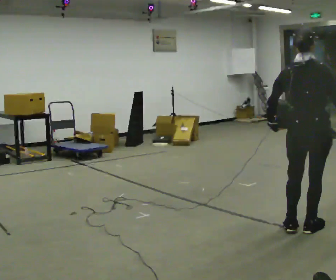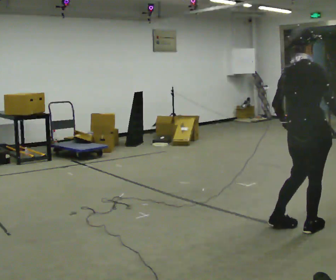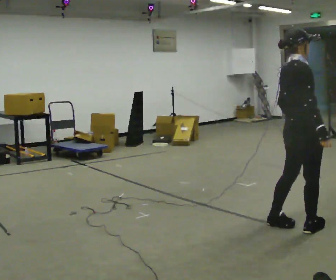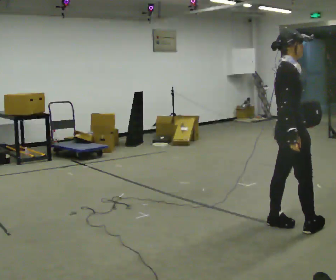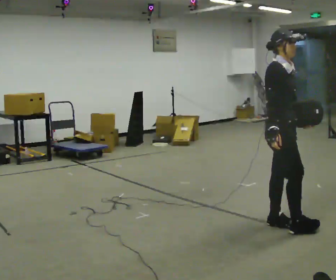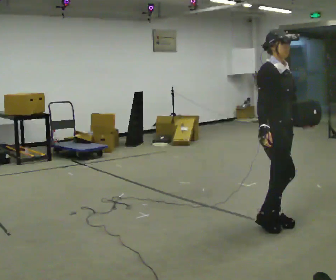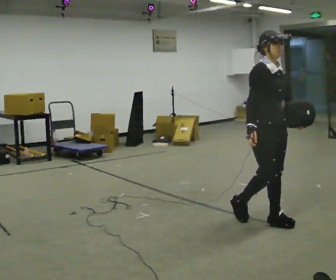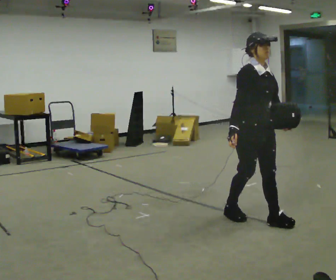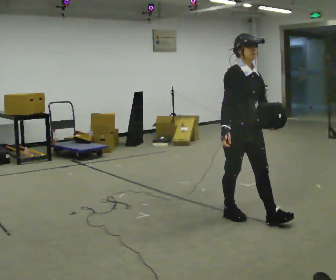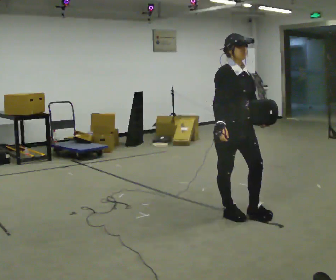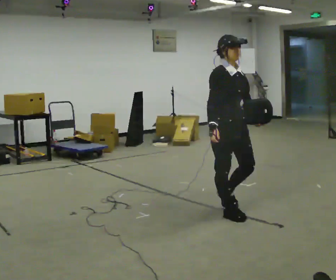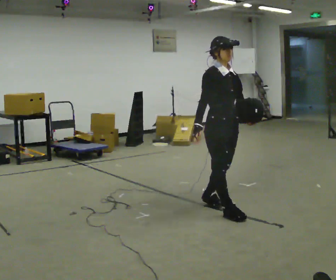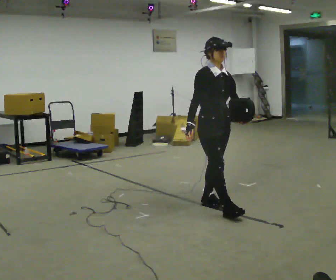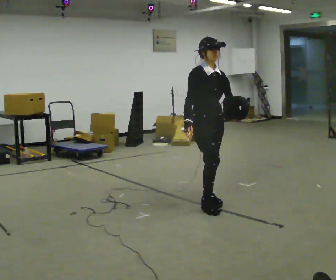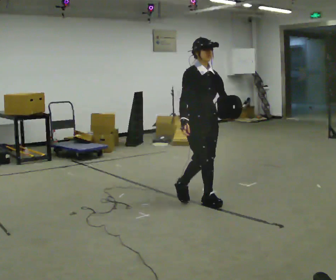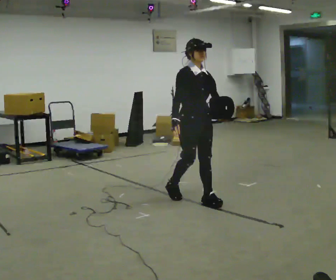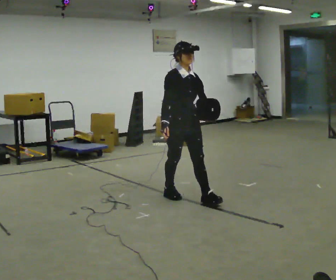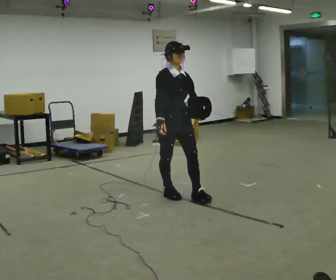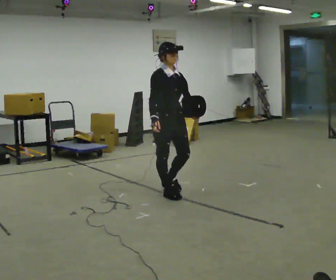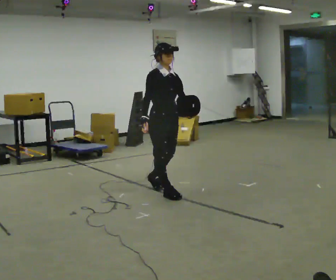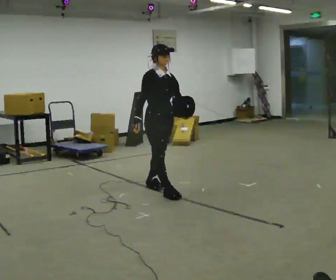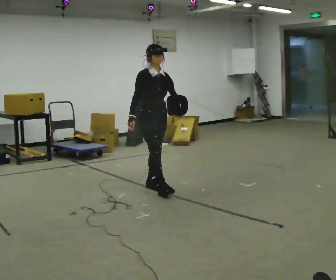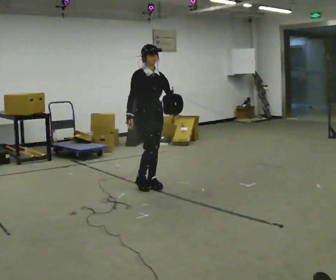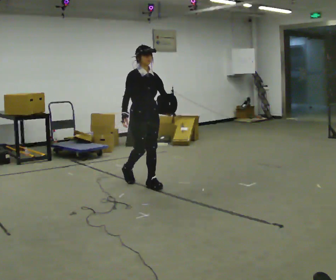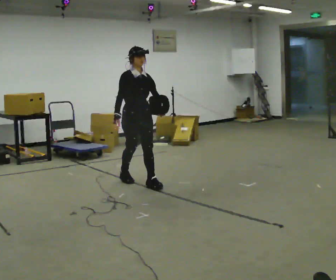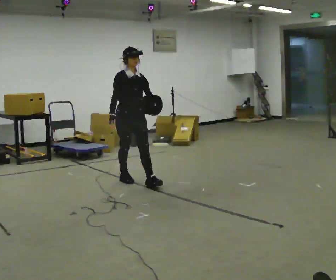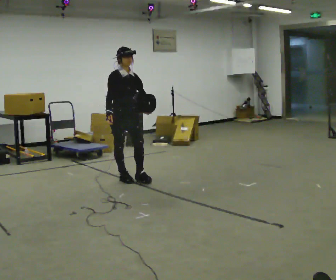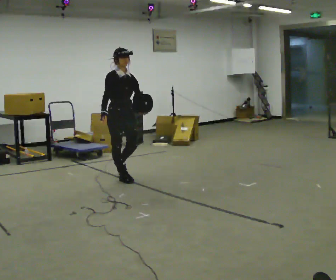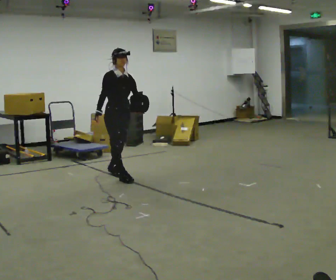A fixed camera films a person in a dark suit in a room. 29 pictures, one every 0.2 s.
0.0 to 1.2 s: The part of the body nearest the lens slides to the left as the person turns to their right by about 120 degrees. In the picture they go to the left and away from the camera, about 0.5 m in 1 step.
1.2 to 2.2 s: In the picture they go to the left and away from the camera, about 0.5 m in 1 step, which for them is backward.
2.2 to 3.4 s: In the picture they go away from the camera and to the left, about 0.75 m in 2 steps, which for them is backward.
3.4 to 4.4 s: In the picture they go away from the camera and to the left, about 0.5 m in 1 step, which for them is backward.
4.4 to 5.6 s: In the picture they go to the left and away from the camera, about 0.5 m in 1 step, which for them is backward.
The film runs backward here.
